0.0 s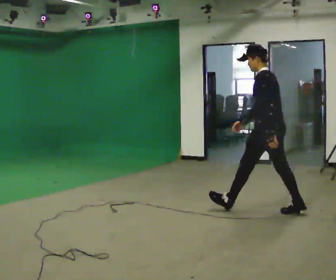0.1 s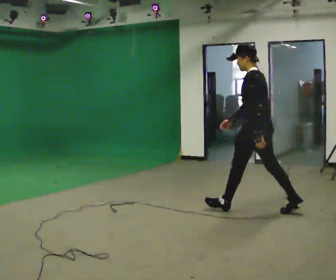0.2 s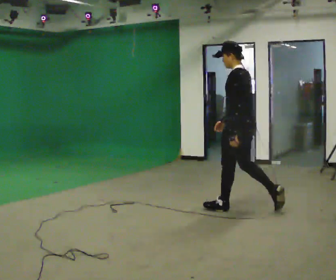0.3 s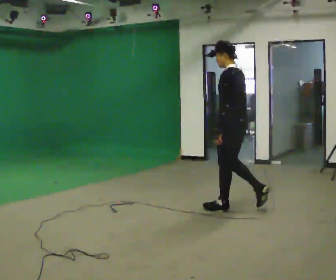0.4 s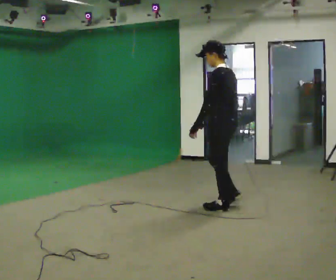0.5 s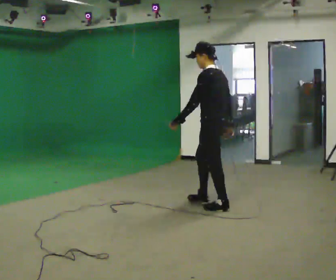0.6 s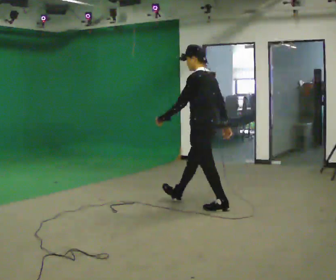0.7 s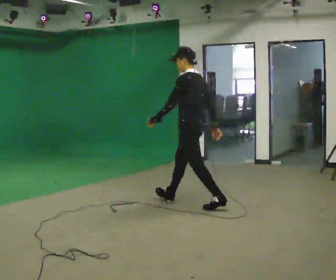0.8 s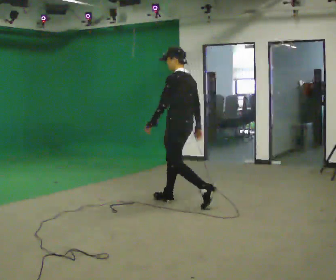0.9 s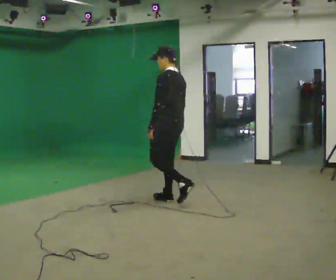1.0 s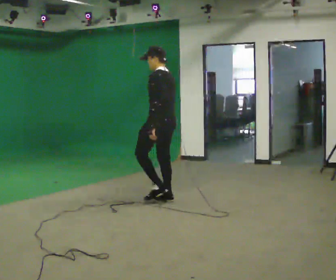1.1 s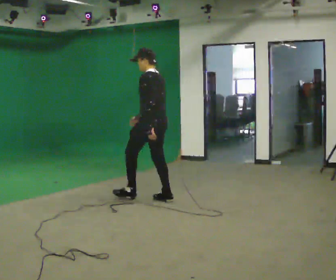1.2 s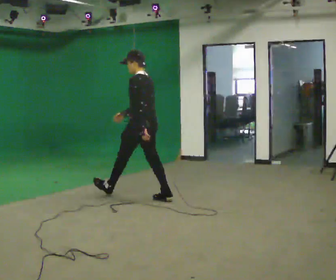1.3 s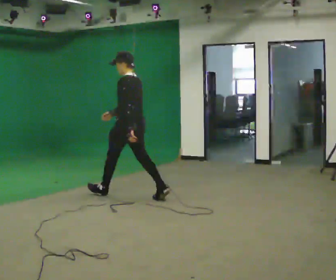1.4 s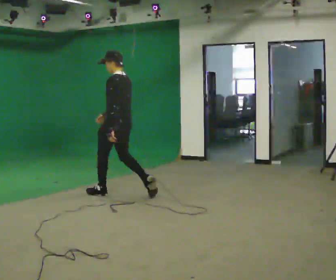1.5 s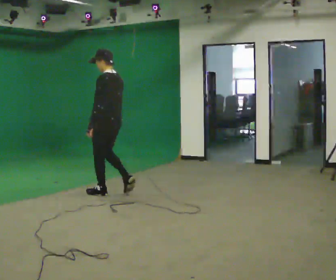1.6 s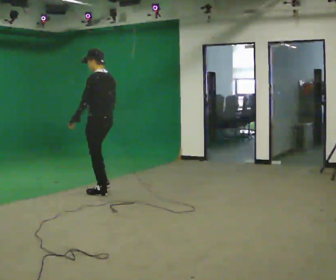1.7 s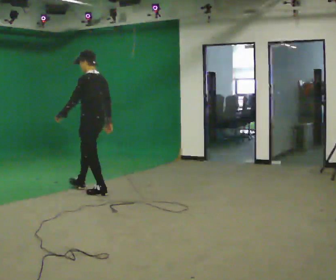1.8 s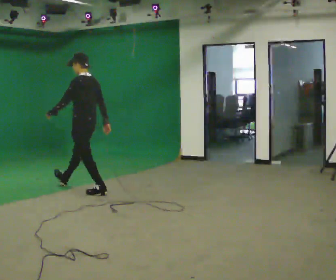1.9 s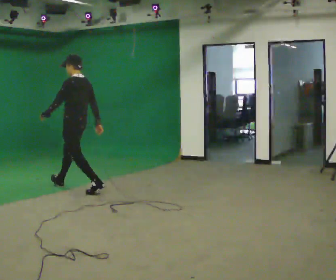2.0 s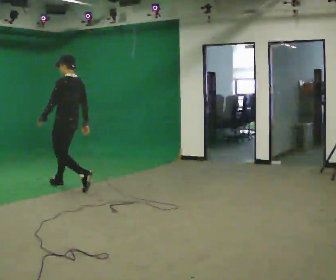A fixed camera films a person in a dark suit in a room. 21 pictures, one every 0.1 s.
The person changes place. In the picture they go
to the left.
0.0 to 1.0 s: In the picture they go to the left and away from the camera, about 1.5 m in 2 steps, which for them is forward.
1.0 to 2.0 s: In the picture they go to the left and away from the camera, about 1.5 m in 2 steps, which for them is forward.
The film runs forward here.
